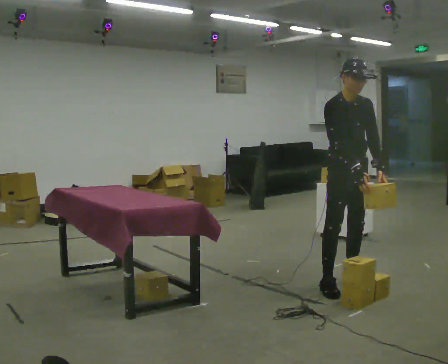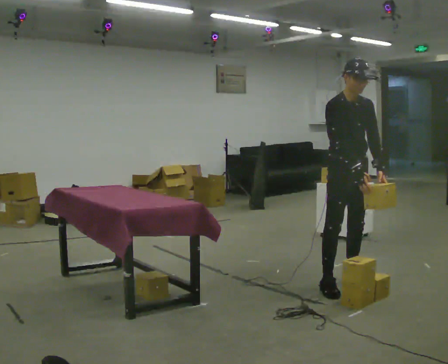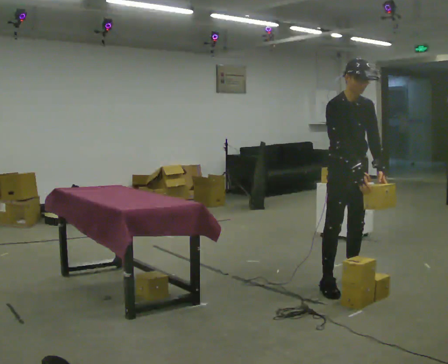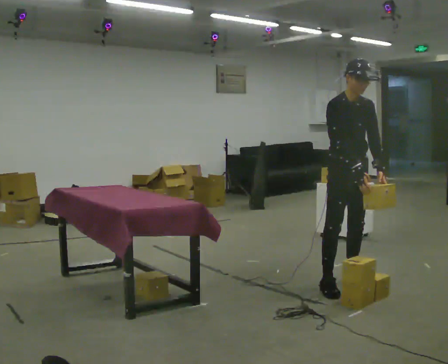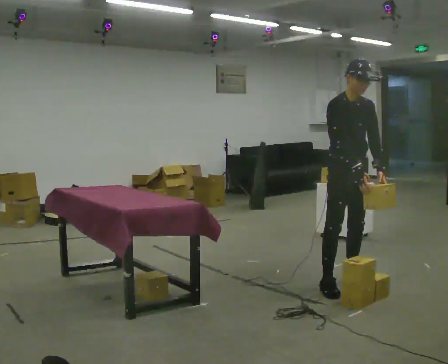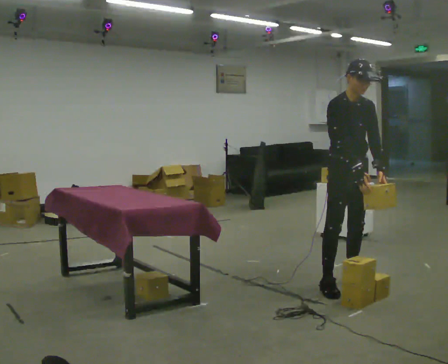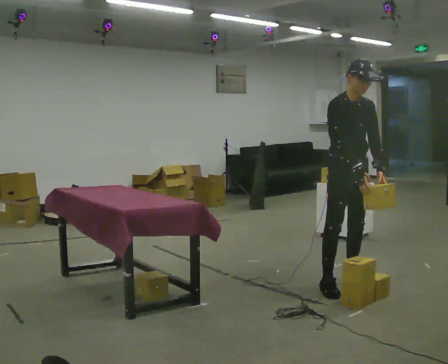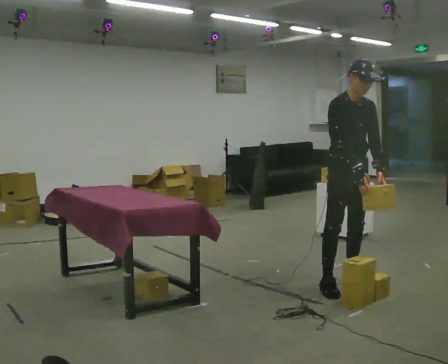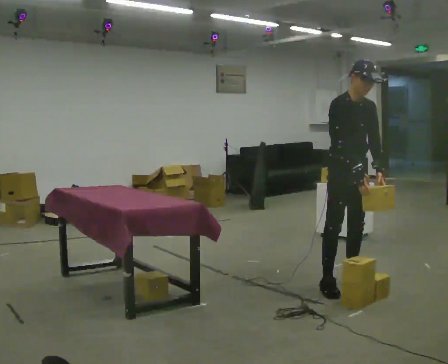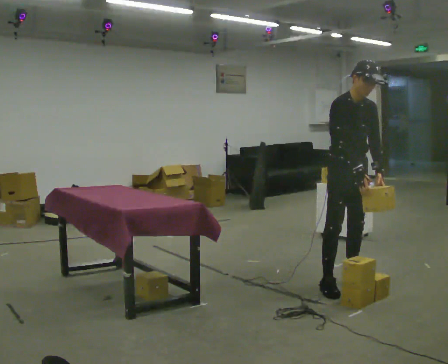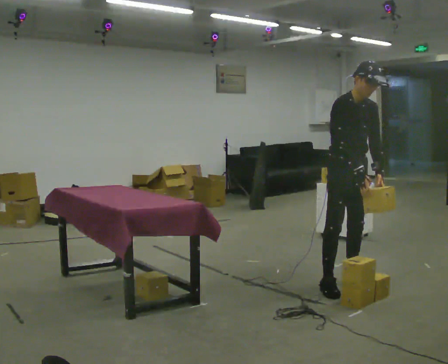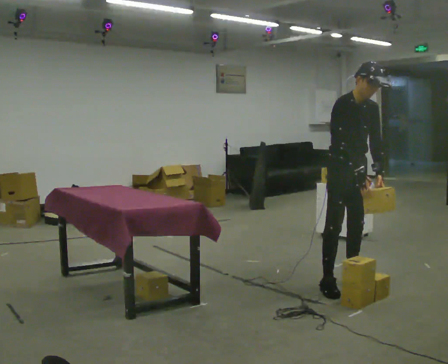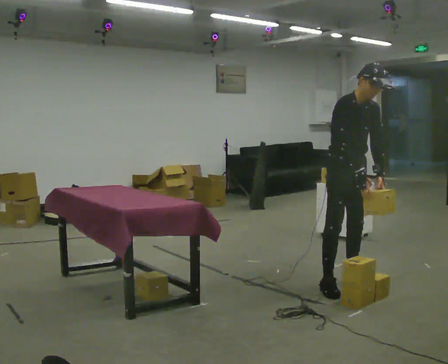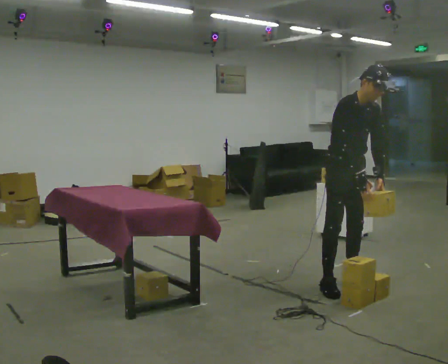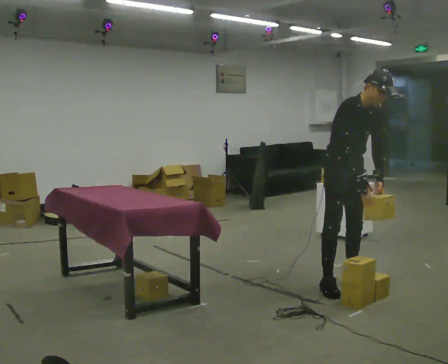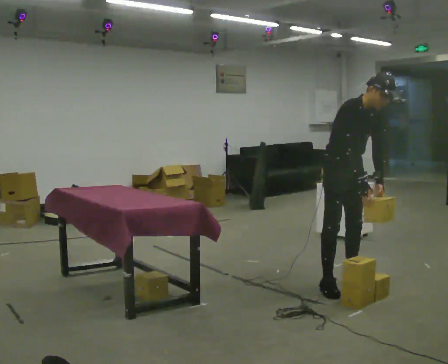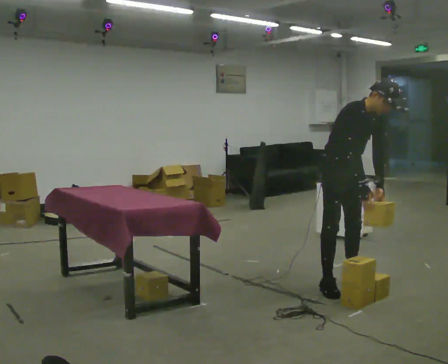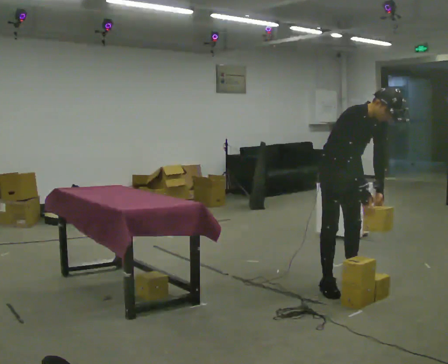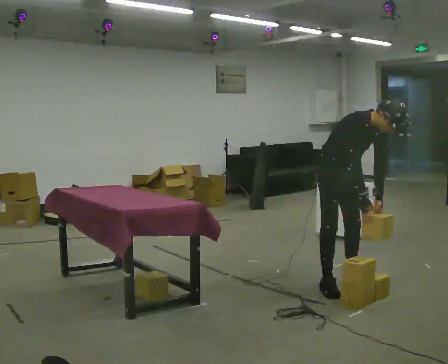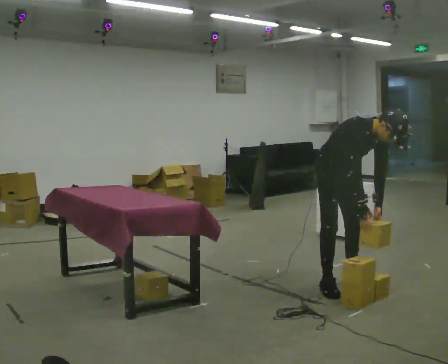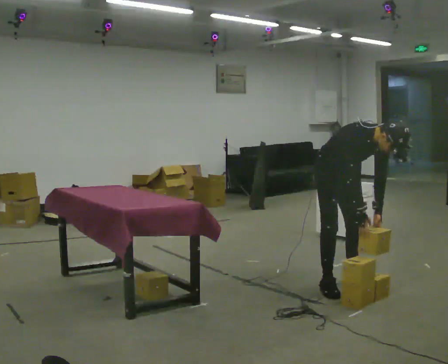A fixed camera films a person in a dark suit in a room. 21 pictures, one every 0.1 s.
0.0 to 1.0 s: The person moves a little, or ends about where they began.
1.0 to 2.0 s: The upper body goes downward. In the picture the upper body tilts clockwise, shoulders to the right, as they bend forward.
The film runs backward here.
